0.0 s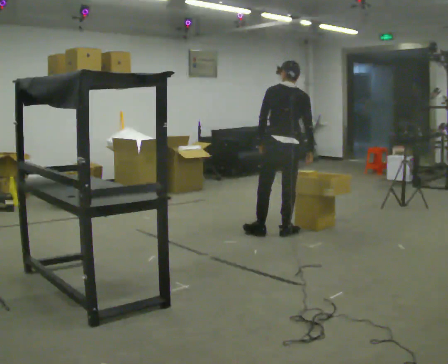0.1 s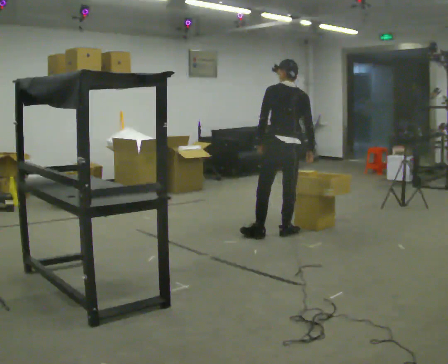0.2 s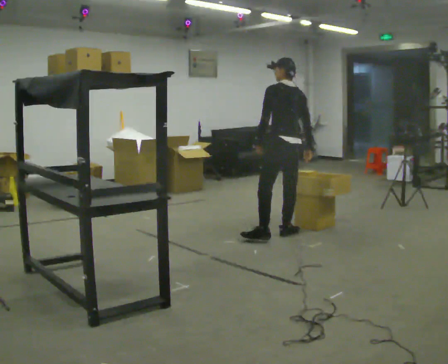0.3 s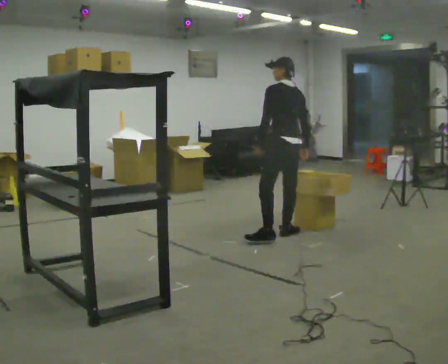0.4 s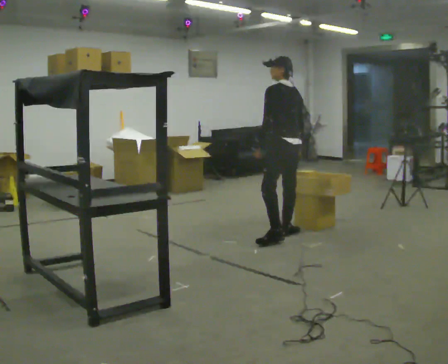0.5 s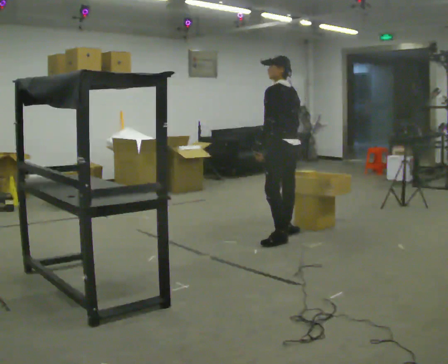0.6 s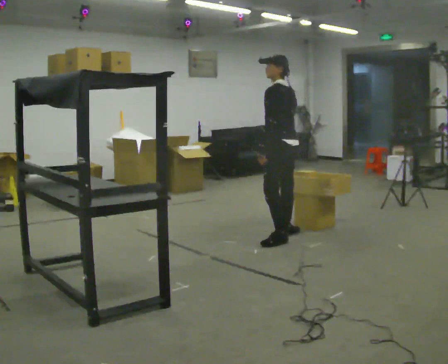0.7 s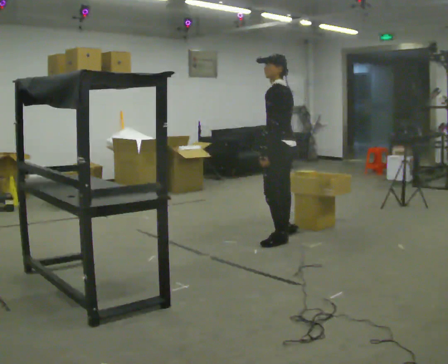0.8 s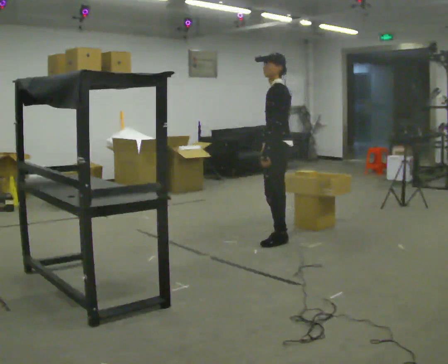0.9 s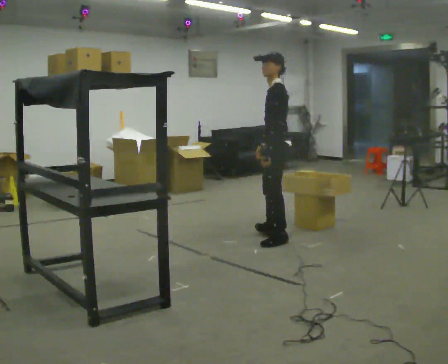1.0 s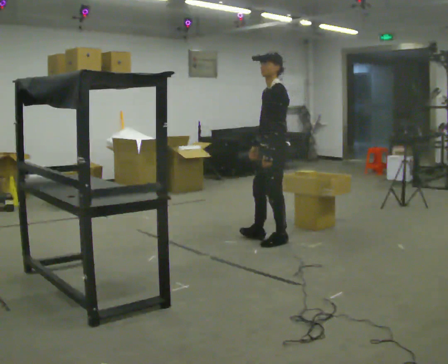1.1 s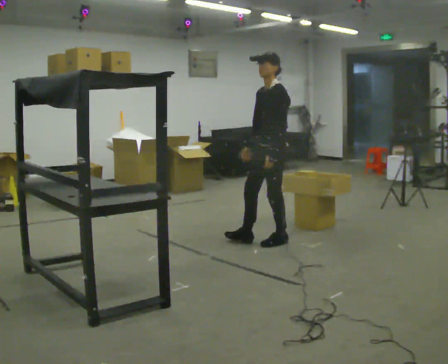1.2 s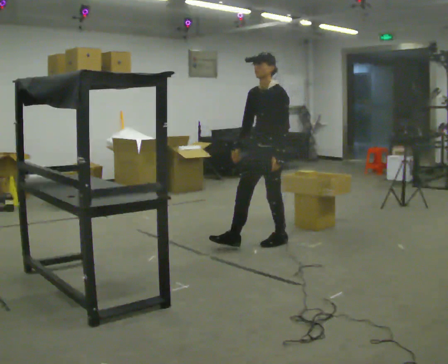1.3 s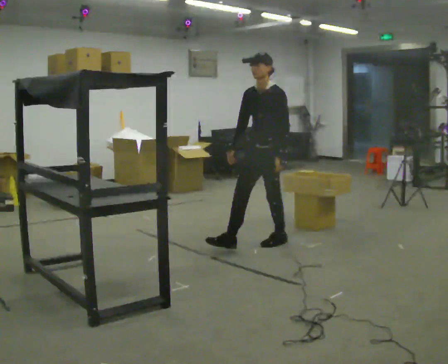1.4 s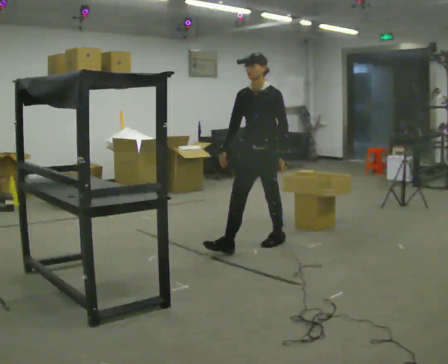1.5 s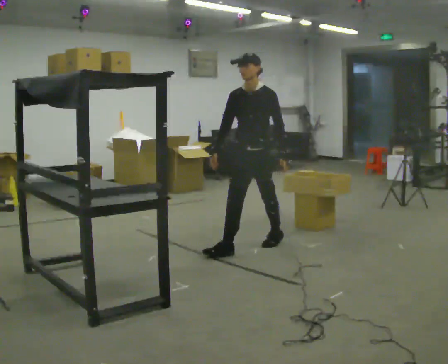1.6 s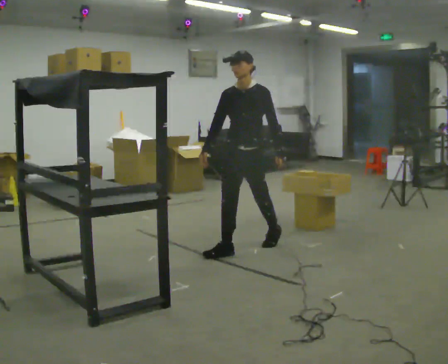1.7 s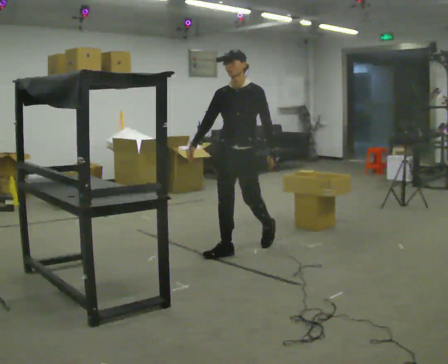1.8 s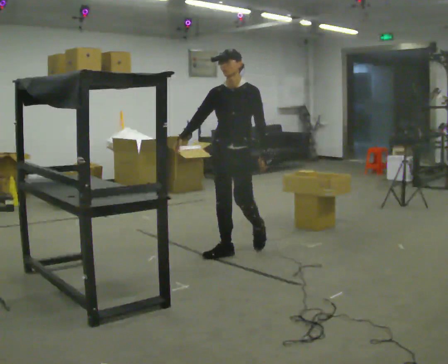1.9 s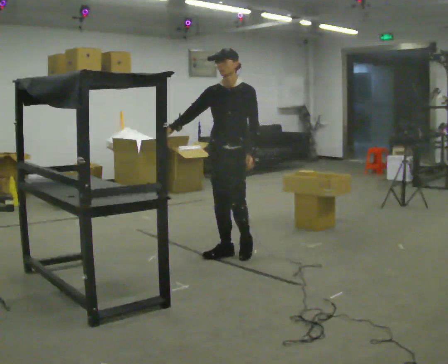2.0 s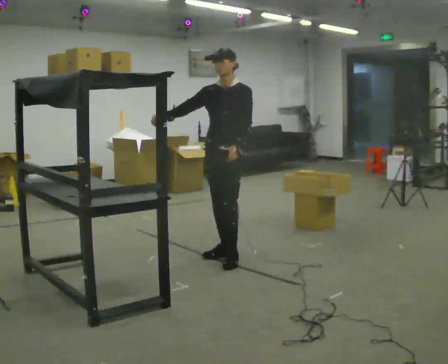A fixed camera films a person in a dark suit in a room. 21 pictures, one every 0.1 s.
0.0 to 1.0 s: Seen from above the body turns counterclockwise, about 105 degrees: to their left, with its near side sliding to the right. In the picture they go toward the camera, about 0.25 m in 1 step. The upper body tips toward the camera, its near side rolling downward, as they lean back or straighten.
1.0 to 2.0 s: The part of the body nearest the lens slides to the right as the person turns to their left by about 60 degrees. In the picture they go toward the camera and to the left, about 0.5 m in 1 step.
The film runs forward here.
